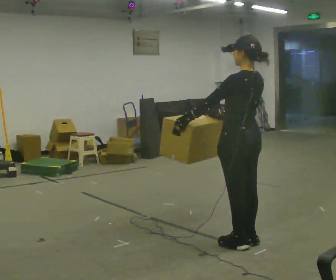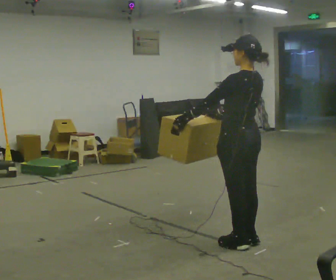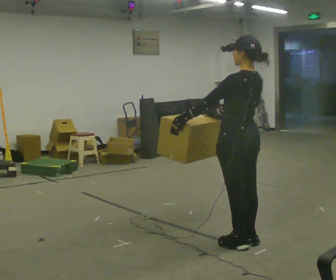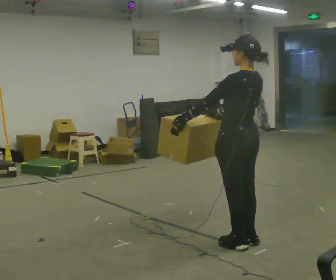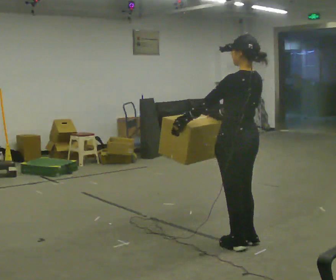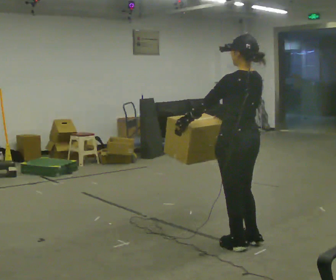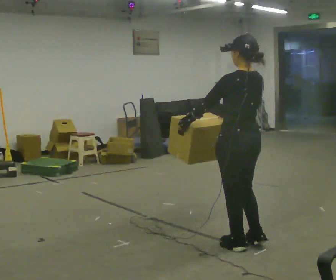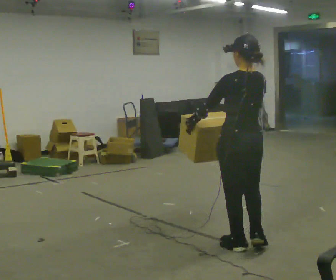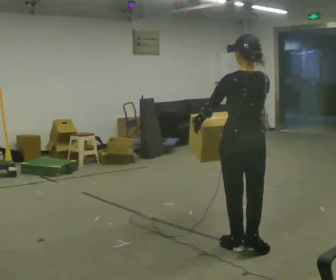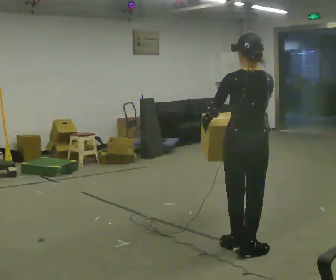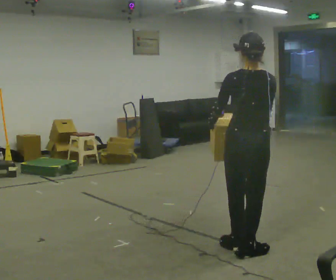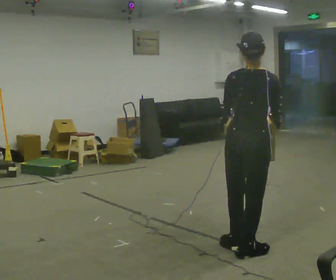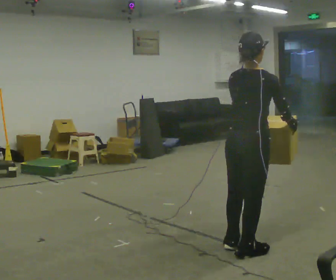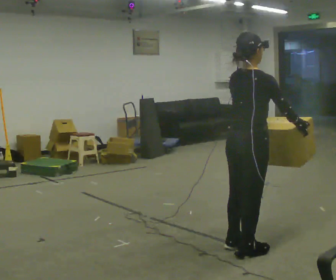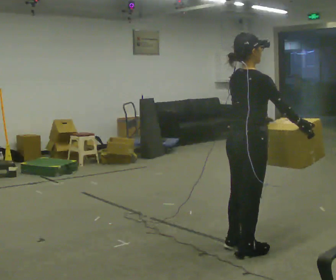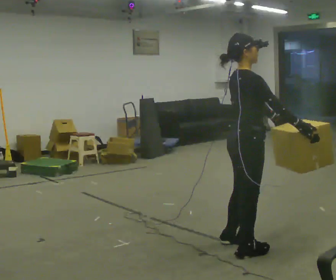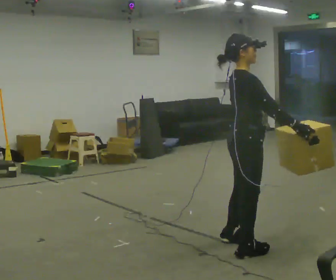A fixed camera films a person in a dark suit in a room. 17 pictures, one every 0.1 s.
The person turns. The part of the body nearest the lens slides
to the left.
The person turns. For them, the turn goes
to their right.
0.0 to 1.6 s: The person turns about 135 degrees to their right, clockwise seen from above, so the part of the body nearest the lens slides to the left. In the picture their left hand goes to the right, the arm swinging counterclockwise.
The film runs backward here.
